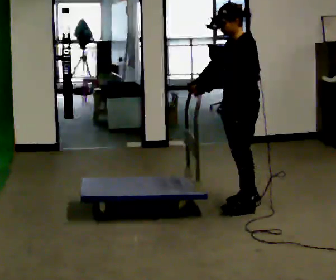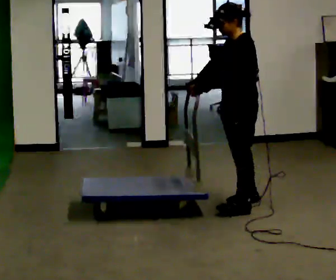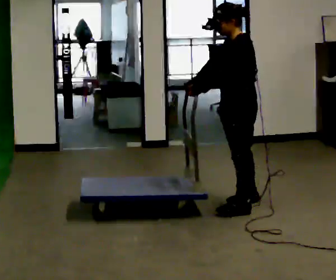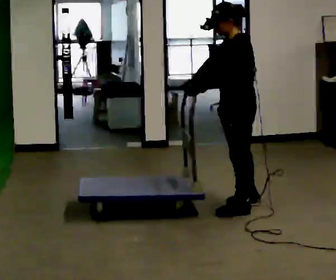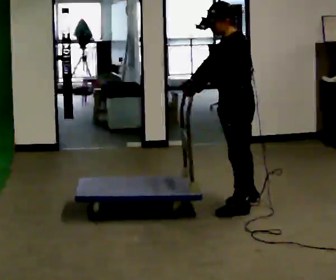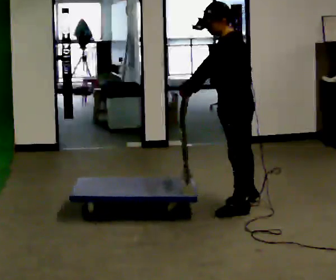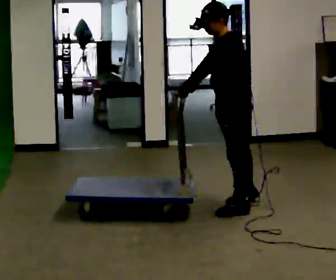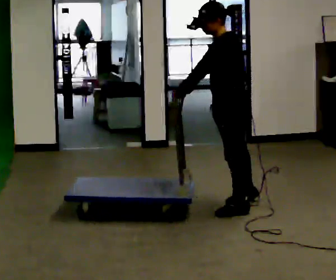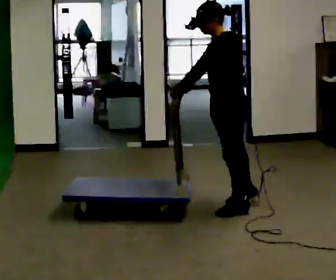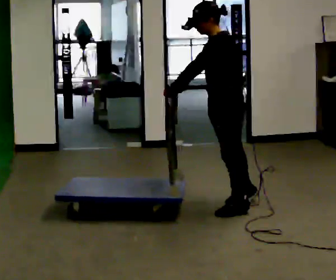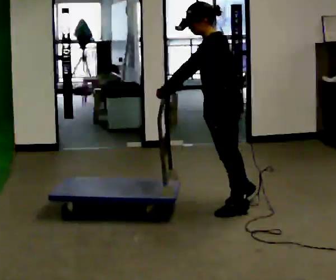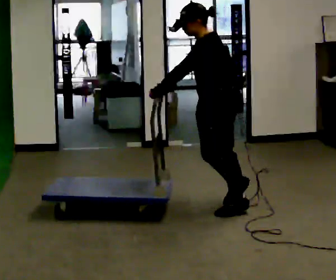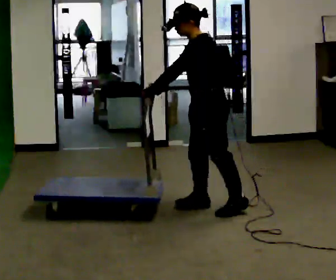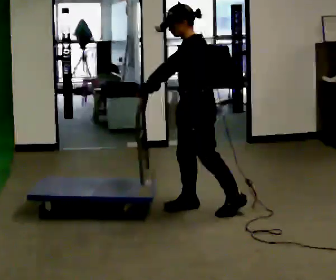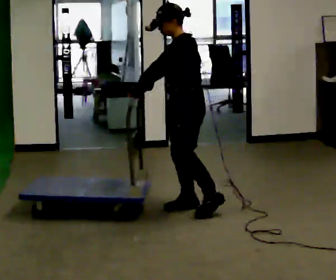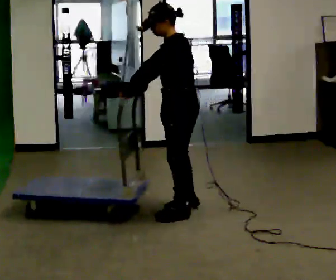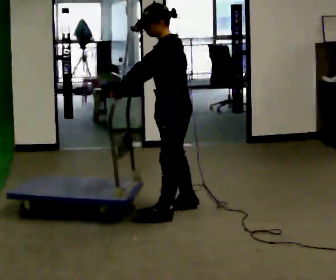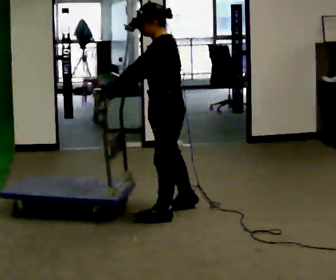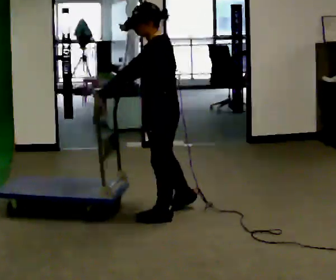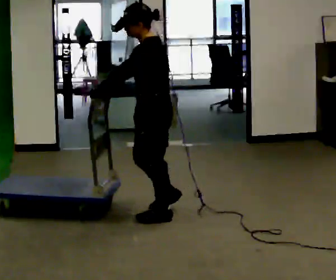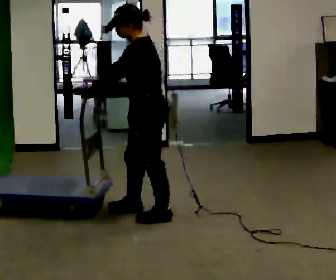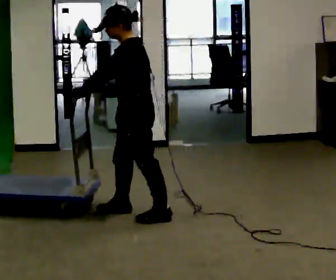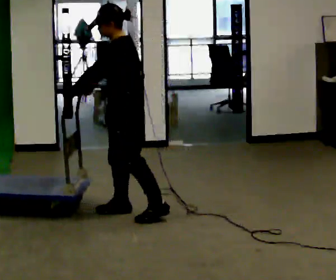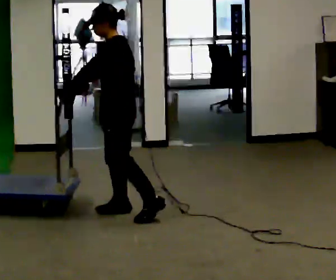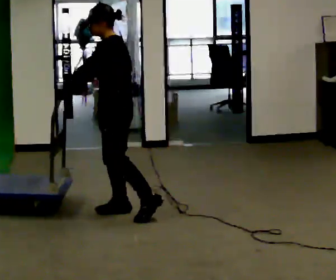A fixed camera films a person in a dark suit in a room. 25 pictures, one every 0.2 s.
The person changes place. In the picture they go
to the left.
0.0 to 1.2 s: In the picture they go toward the camera, about 0.25 m, which for them is to their left.
1.2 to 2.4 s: In the picture they go to the left, about 0.25 m, which for them is forward.
2.4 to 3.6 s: In the picture they go to the left, about 0.25 m in 2 steps, which for them is forward.
3.6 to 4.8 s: In the picture they go to the left, about 0.25 m in 1 step, which for them is forward and to their right.
The film runs forward here.
